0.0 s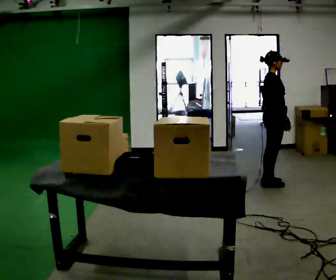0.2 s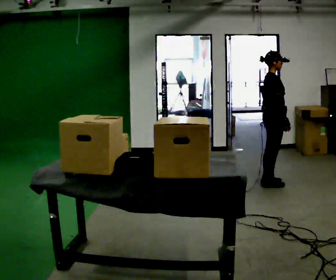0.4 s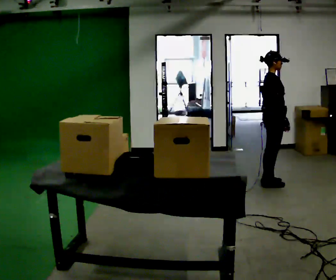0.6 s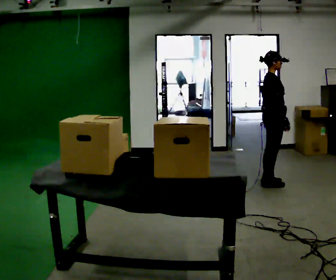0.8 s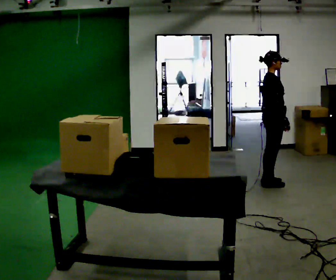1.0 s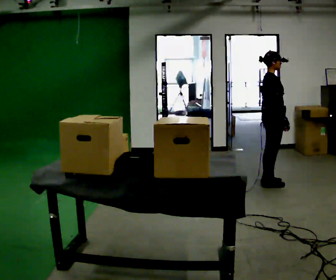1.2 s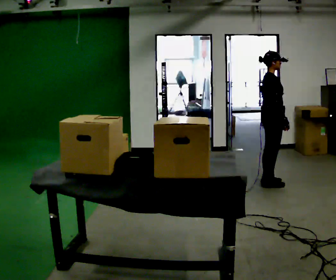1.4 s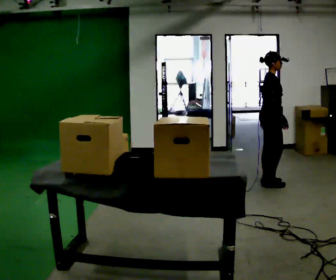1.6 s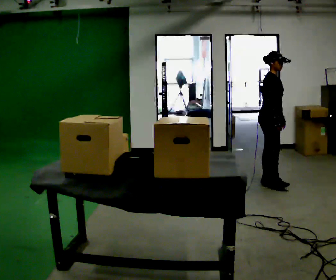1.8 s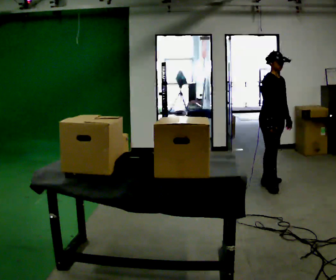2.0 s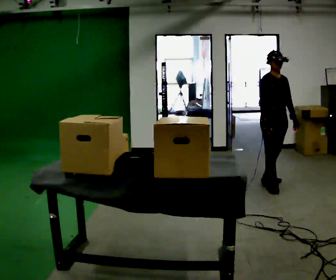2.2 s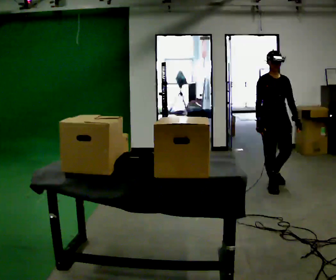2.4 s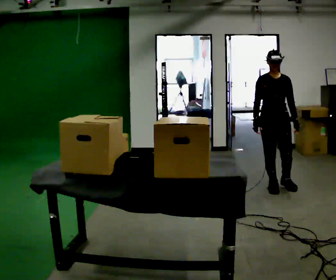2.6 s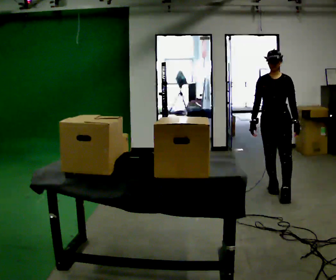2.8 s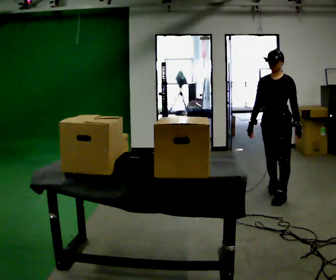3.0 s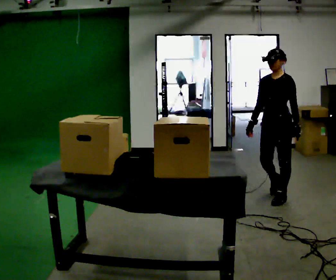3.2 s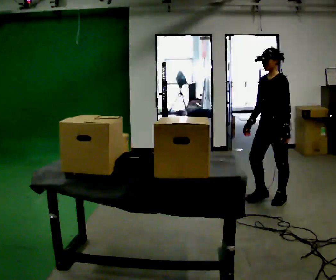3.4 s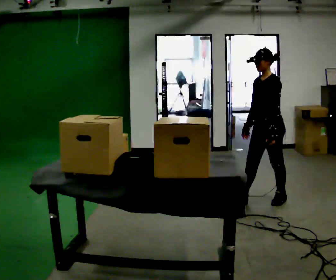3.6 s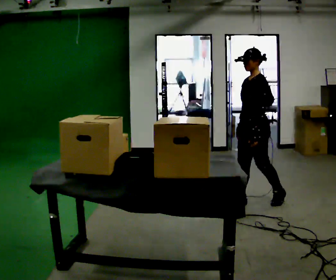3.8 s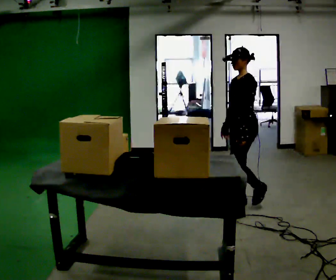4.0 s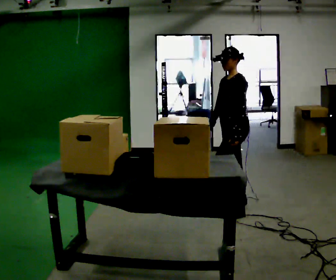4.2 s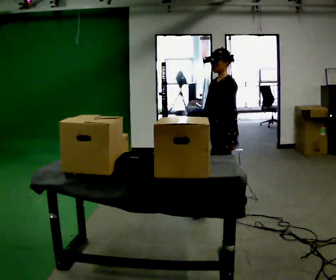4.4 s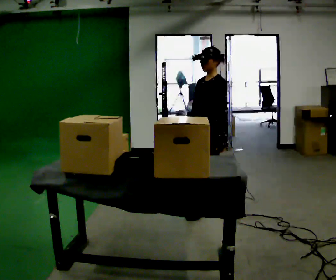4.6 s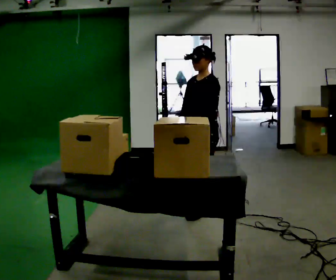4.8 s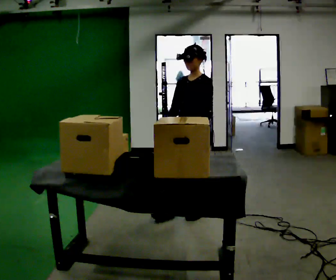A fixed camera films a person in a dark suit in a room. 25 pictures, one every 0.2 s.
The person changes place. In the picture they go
toward the camera.
0.0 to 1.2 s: The person moves a little, or ends about where they began.
1.2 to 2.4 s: The person turns about 90 degrees to their right, clockwise seen from above, so the part of the body nearest the lens slides to the left. In the picture they go toward the camera, about 0.25 m.
2.4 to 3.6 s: Seen from above the body turns clockwise, about 75 degrees: to their right, with its near side sliding to the left. In the picture they go toward the camera, about 0.5 m in 2 steps.
3.6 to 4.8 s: The person turns about 30 degrees to their left, counterclockwise seen from above, so the part of the body nearest the lens slides to the right. In the picture they go to the left and toward the camera, about 0.75 m in 1 step, which for them is forward.
The film runs forward here.
